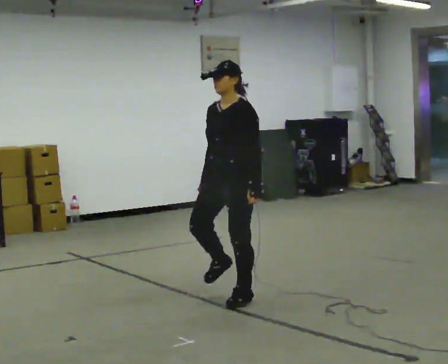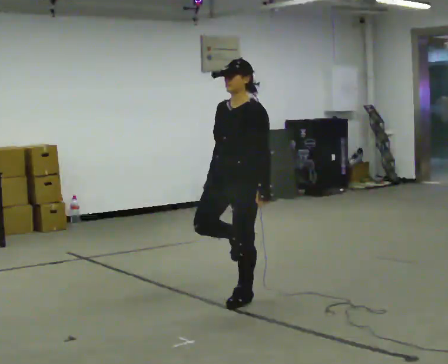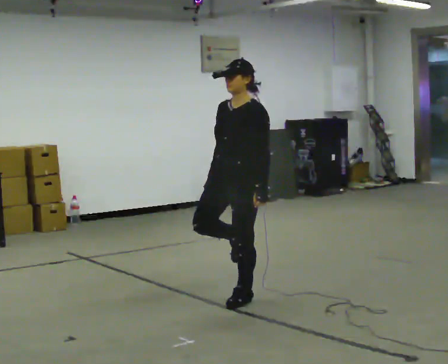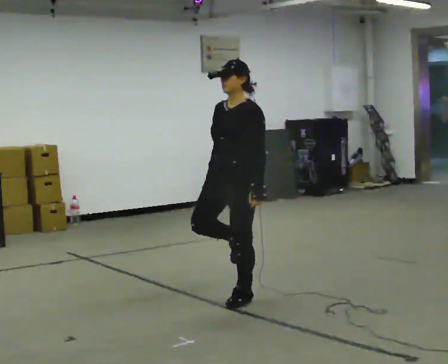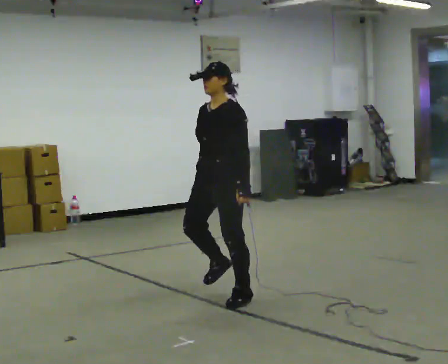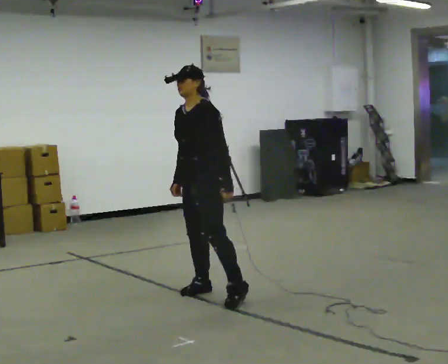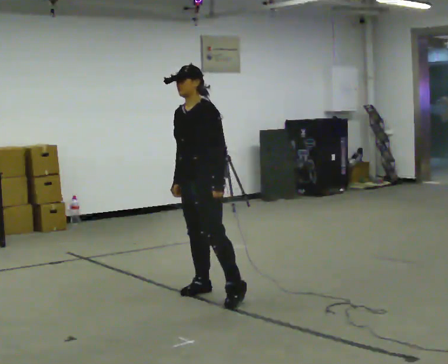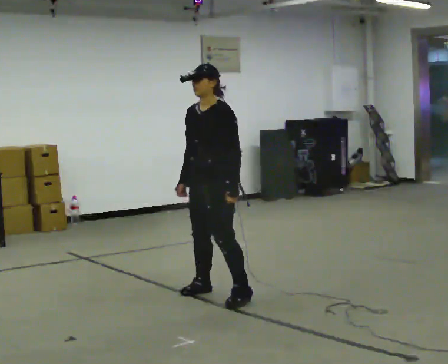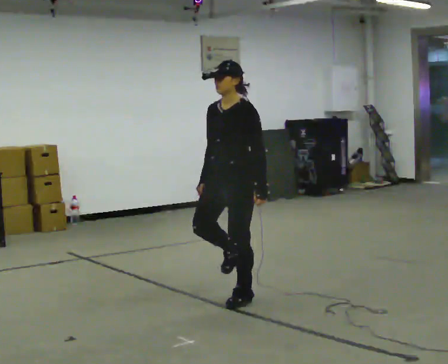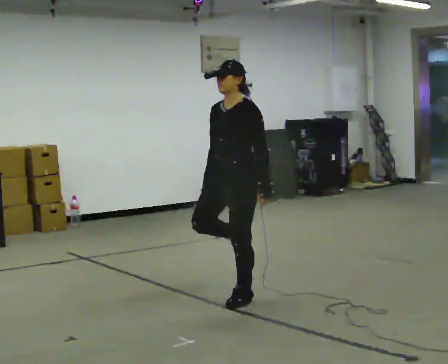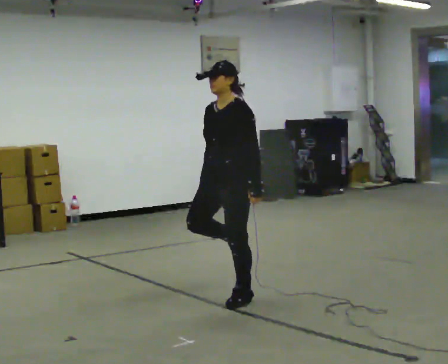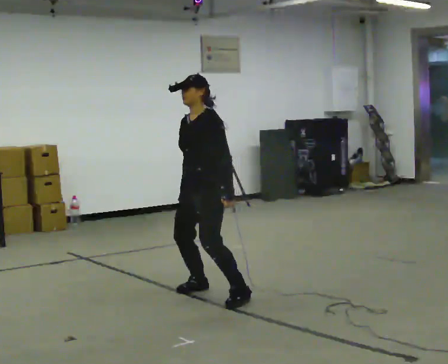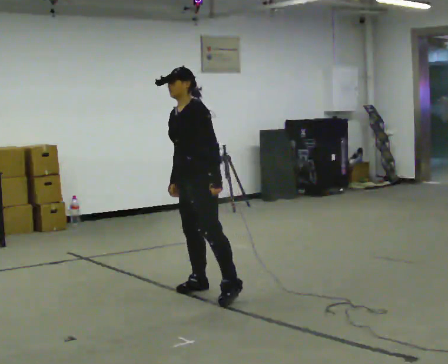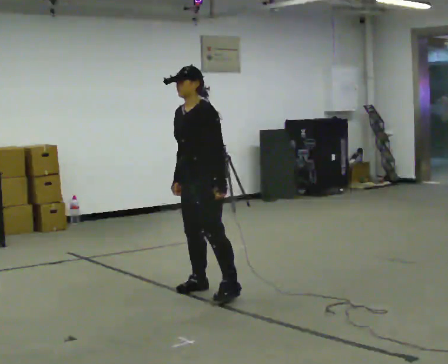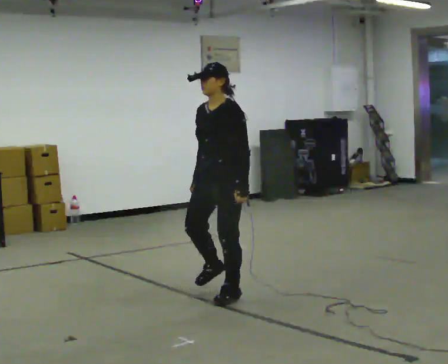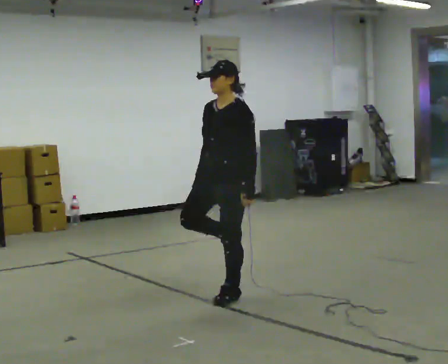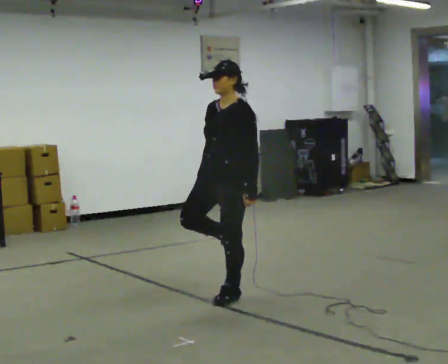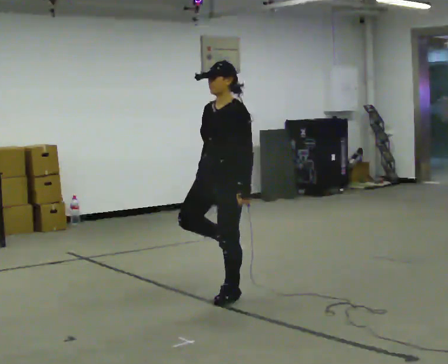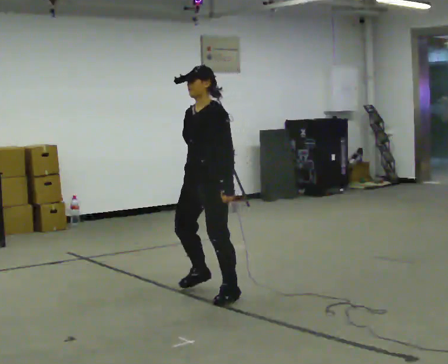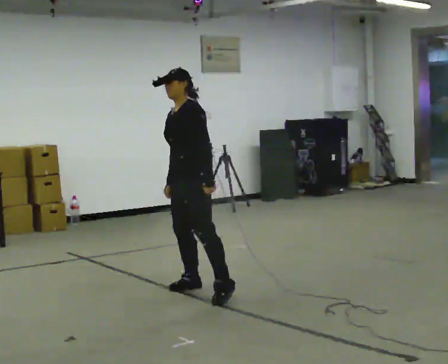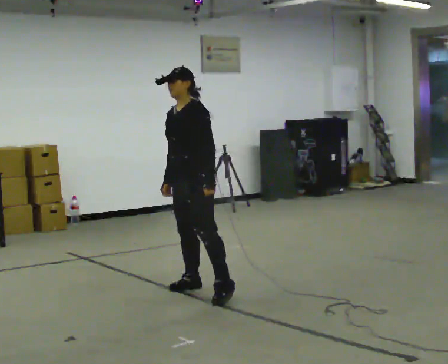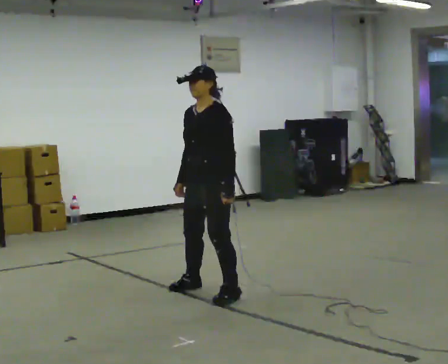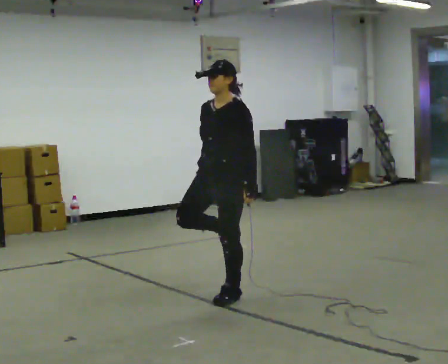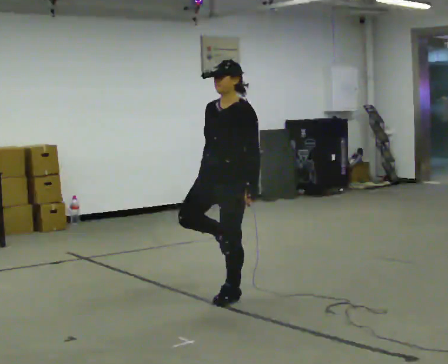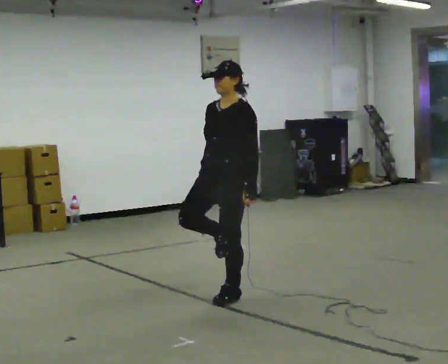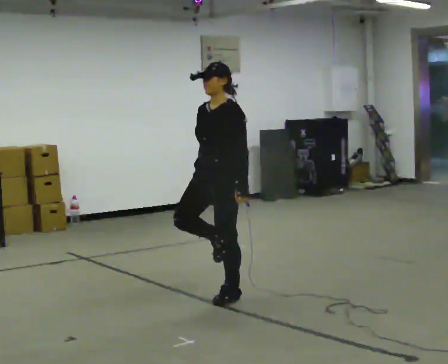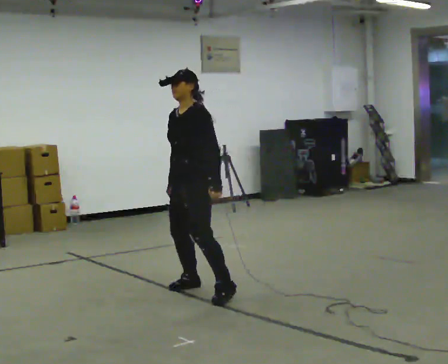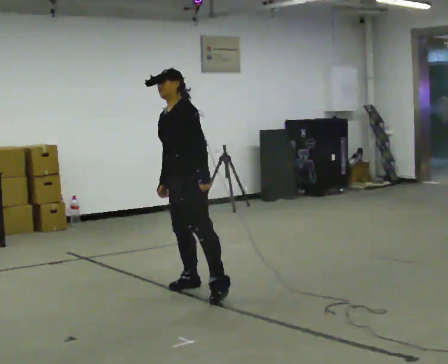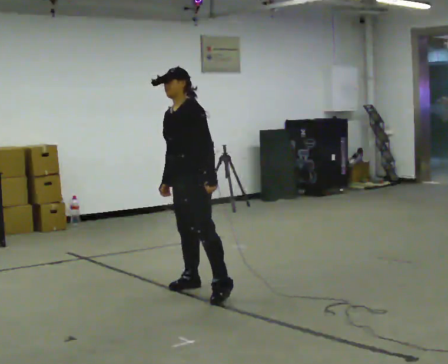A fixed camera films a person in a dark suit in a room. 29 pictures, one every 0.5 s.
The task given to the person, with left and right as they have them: Stand on one foot on the marked spot, on the side the operator calls. Hold it until you genuinely lose your balance, then put the other foot down. Repeat at your own pace until the operator says stop. Go slowly and only as far as you are comfortable. Step whenever you need to; do not try to hold on longer than feels safe.
0.0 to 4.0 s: The person moves a little, or ends about where they began.
4.0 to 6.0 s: In the picture they go away from the camera and to the left, about 0.5 m in 2 steps, which for them is to their right.
6.0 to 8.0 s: In the picture they go toward the camera and to the right, about 0.25 m in 1 step, which for them is to their left. In the picture the upper body tilts clockwise, shoulders to the right.
8.0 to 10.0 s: In the picture they go away from the camera and to the left, about 0.5 m in 1 step, which for them is to their right.
10.0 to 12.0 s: In the picture they go toward the camera and to the right, about 0.25 m in 1 step, which for them is to their left.
12.0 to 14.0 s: In the picture they go away from the camera and to the left, about 0.5 m in 1 step, which for them is to their right. In the picture the upper body tilts counterclockwise, shoulders to the left.
The film runs forward here.
